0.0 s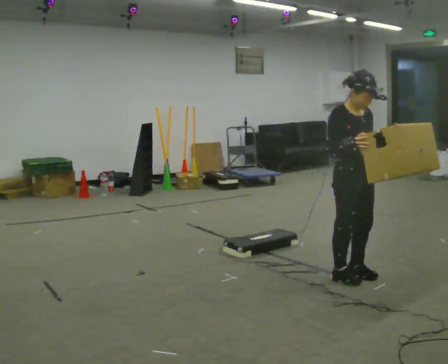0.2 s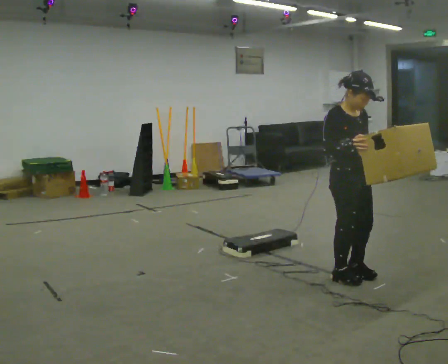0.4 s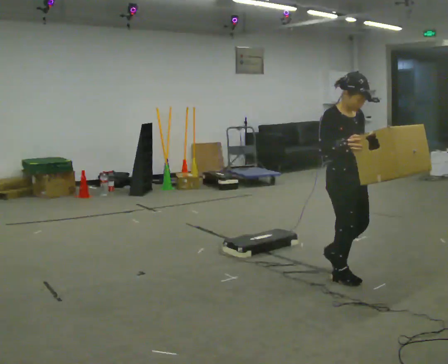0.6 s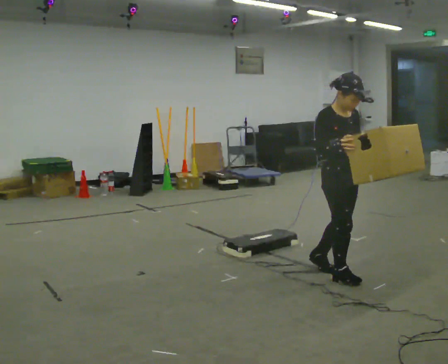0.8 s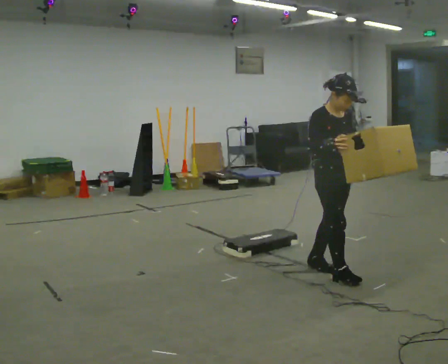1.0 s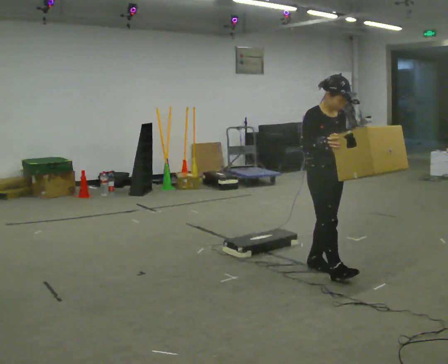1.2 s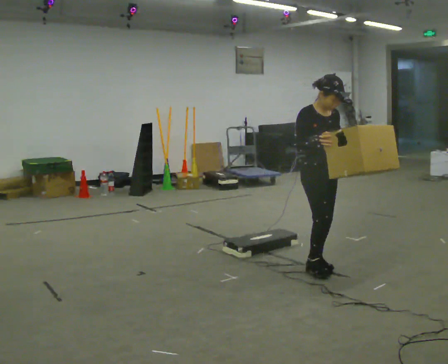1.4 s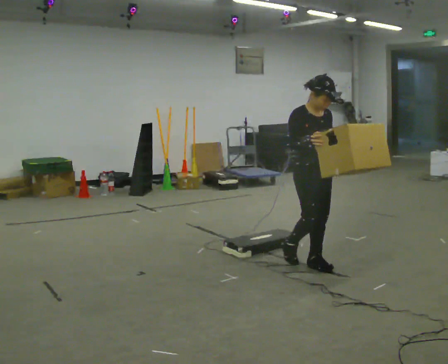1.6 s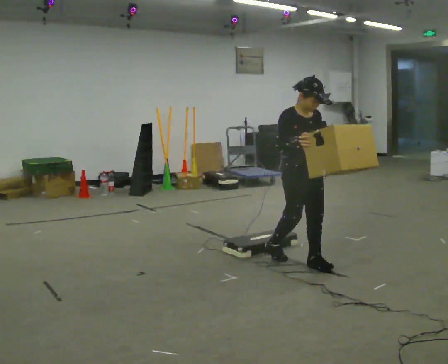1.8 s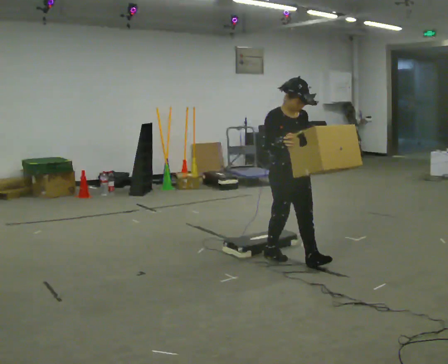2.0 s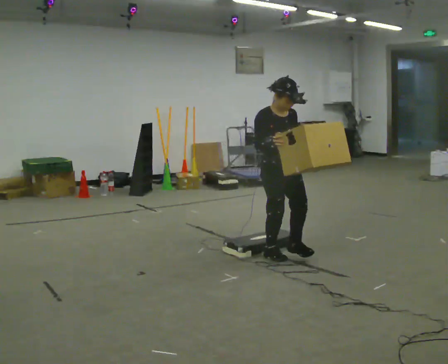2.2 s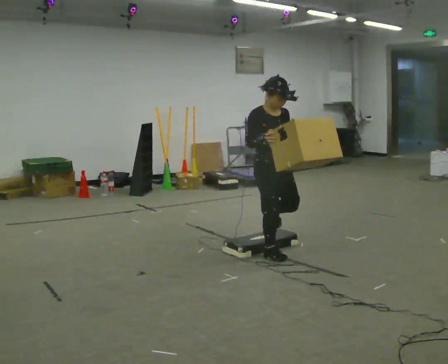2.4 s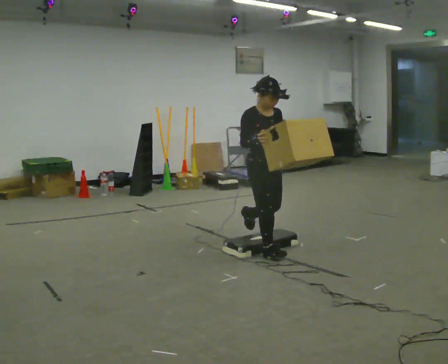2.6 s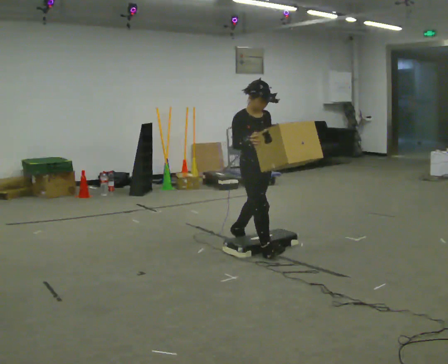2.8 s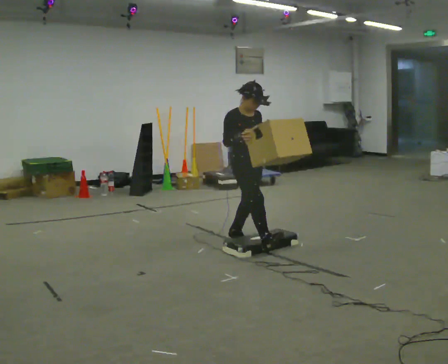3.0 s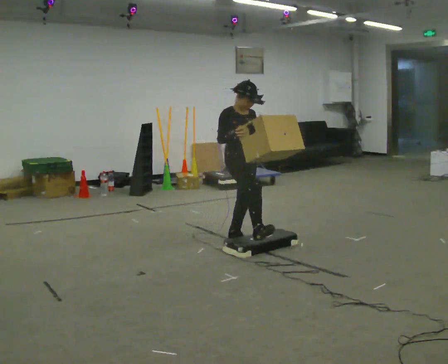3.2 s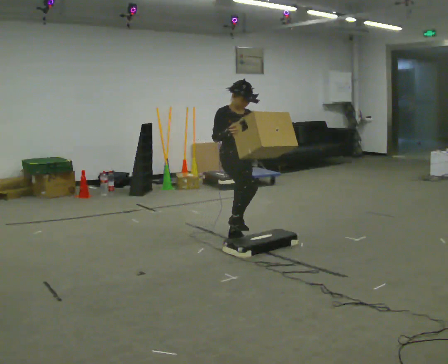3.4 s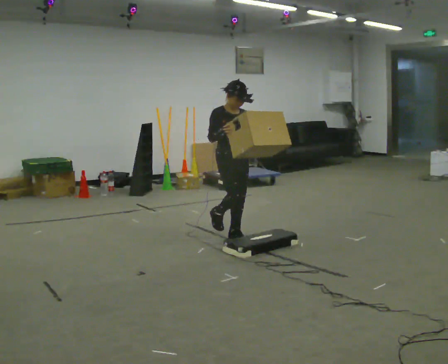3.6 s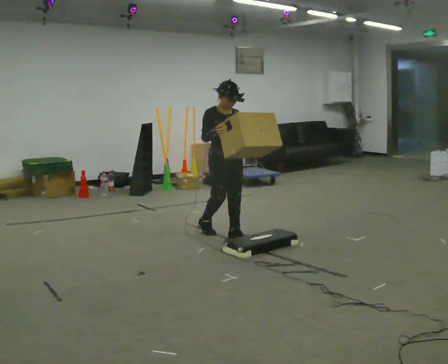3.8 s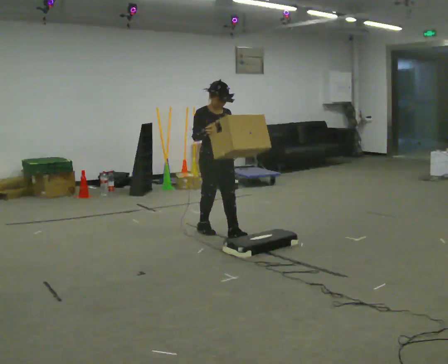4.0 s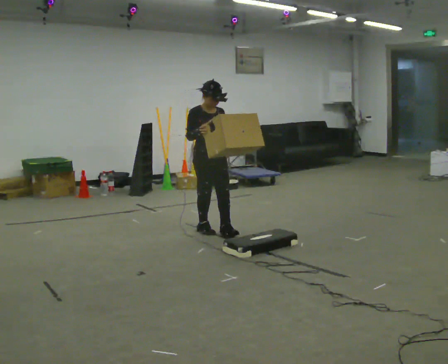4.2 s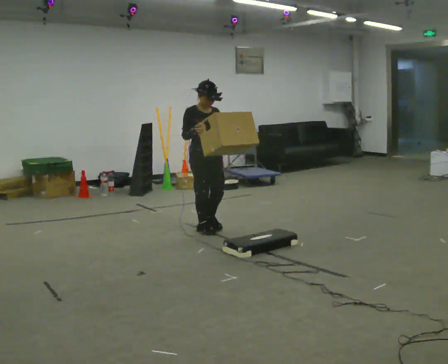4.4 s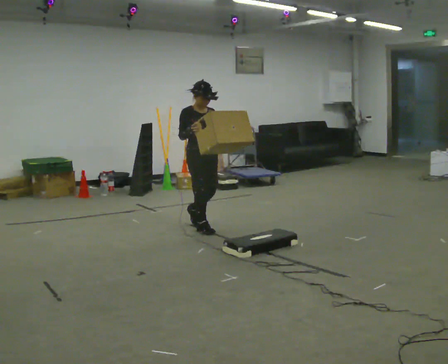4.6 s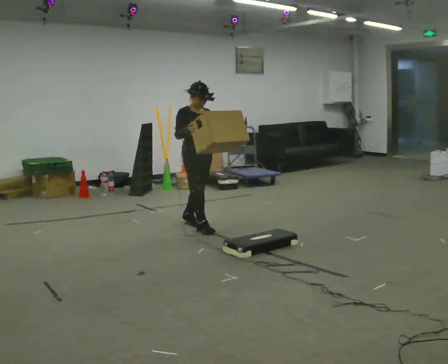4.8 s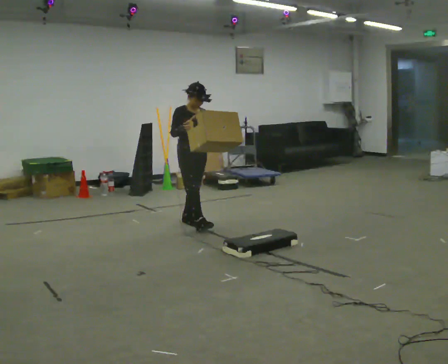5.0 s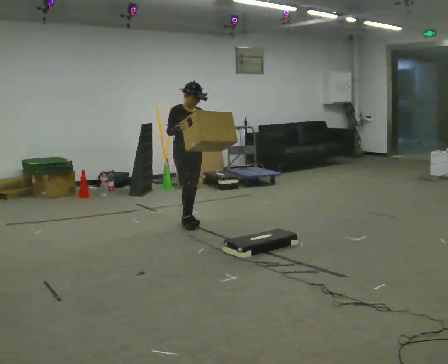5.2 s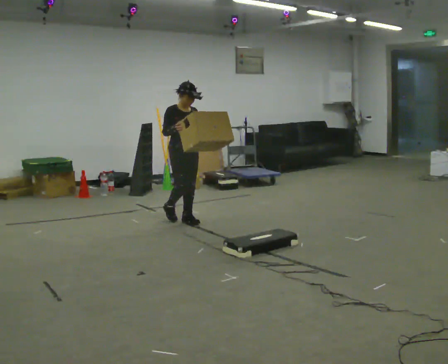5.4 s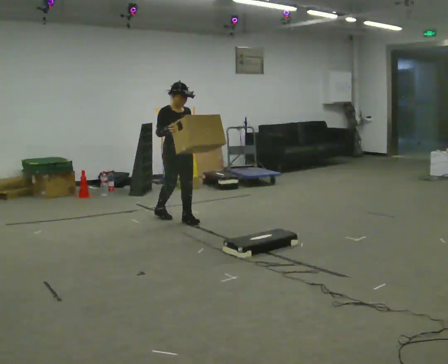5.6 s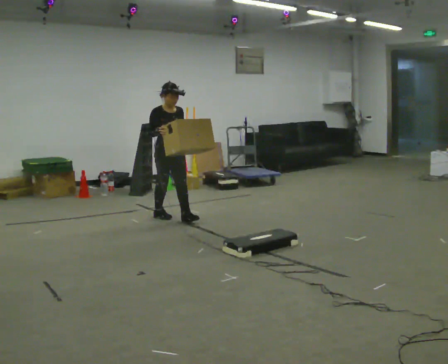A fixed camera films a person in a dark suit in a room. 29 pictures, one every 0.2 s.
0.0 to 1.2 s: In the picture they go away from the camera and to the left, about 0.25 m in 2 steps, which for them is backward.
1.2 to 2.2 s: In the picture they go away from the camera and to the left, about 0.5 m in 1 step, which for them is backward.
2.2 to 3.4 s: In the picture they go away from the camera and to the left, about 0.75 m in 1 step, which for them is backward.
3.4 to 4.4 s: In the picture they go away from the camera and to the left, about 0.5 m in 1 step, which for them is backward.
4.4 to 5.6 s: In the picture they go away from the camera and to the left, about 0.5 m in 1 step, which for them is backward.
The film runs backward here.
